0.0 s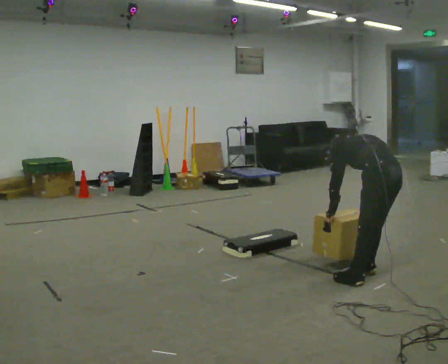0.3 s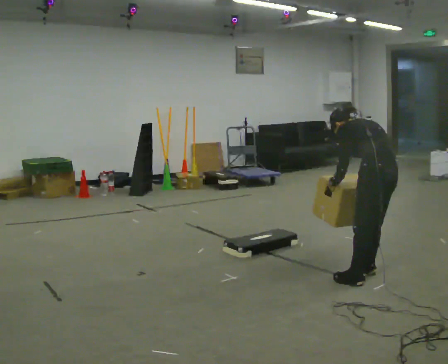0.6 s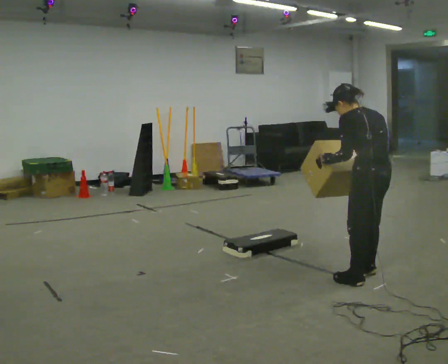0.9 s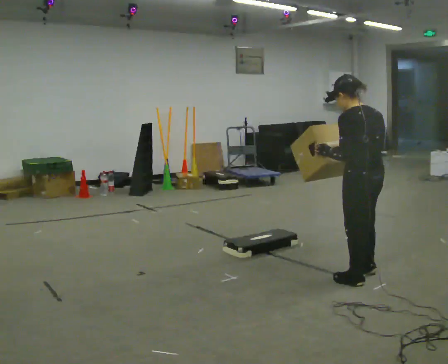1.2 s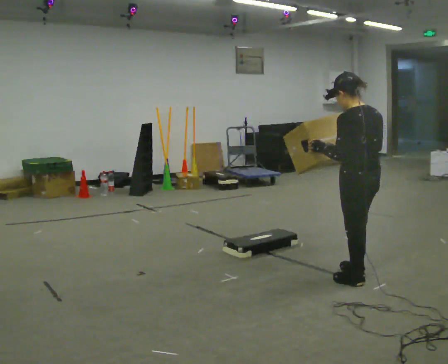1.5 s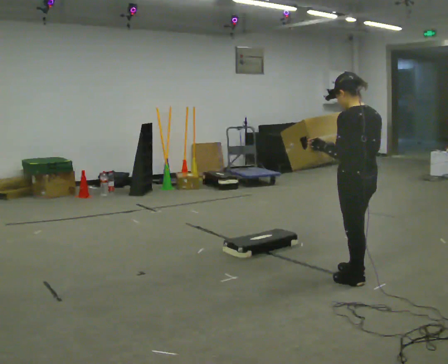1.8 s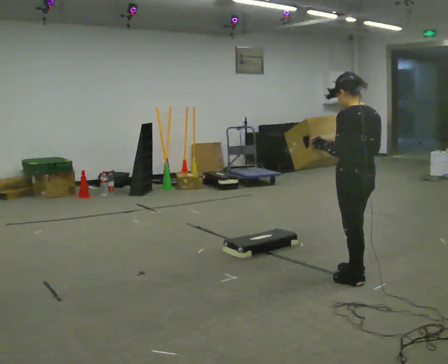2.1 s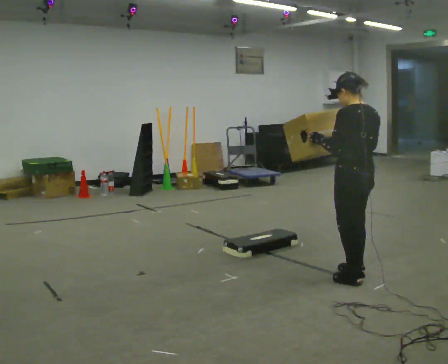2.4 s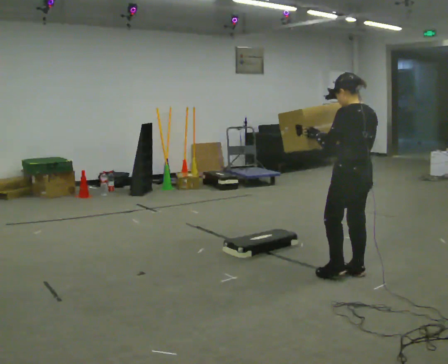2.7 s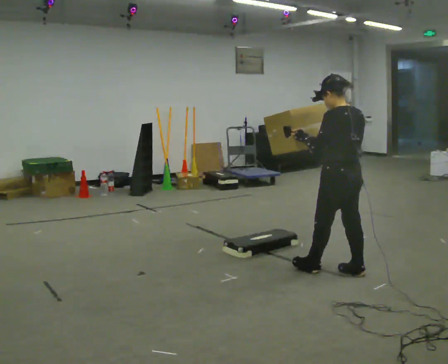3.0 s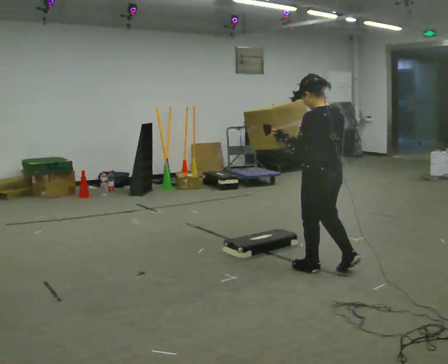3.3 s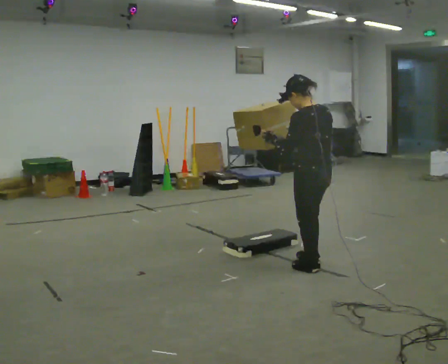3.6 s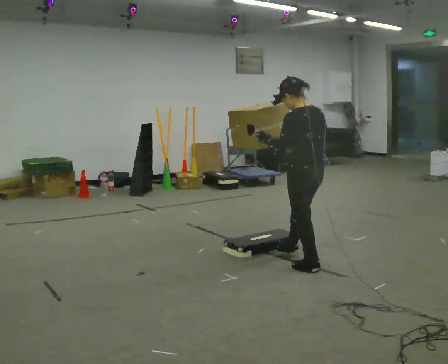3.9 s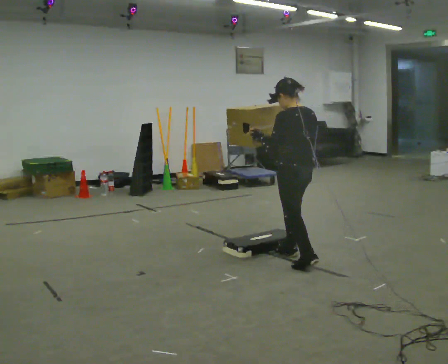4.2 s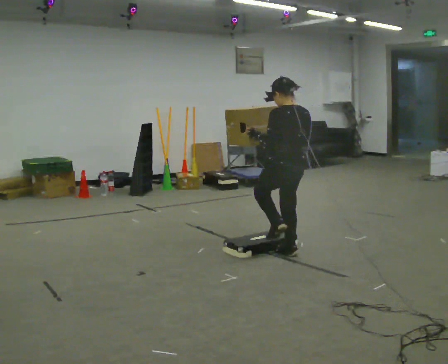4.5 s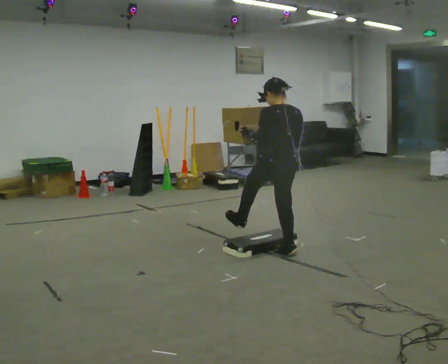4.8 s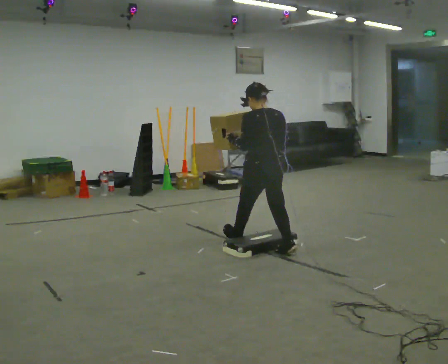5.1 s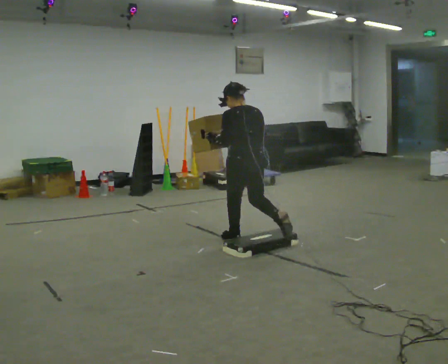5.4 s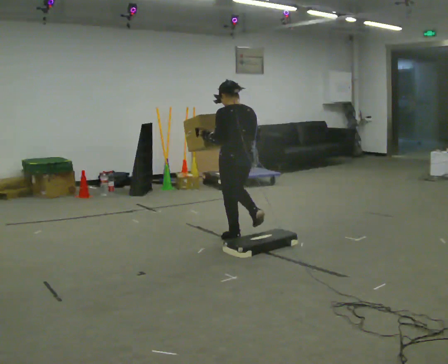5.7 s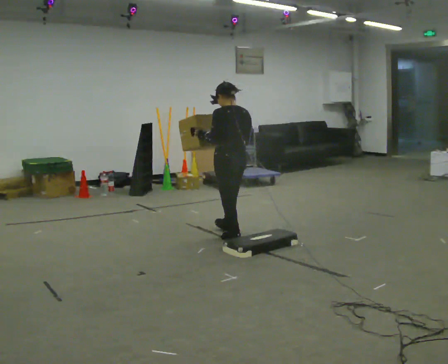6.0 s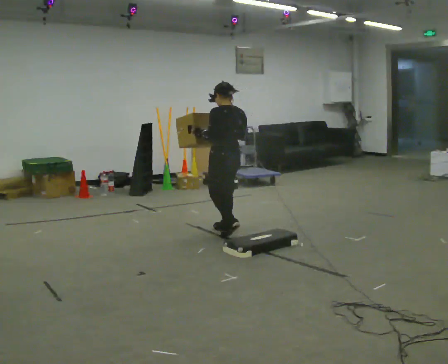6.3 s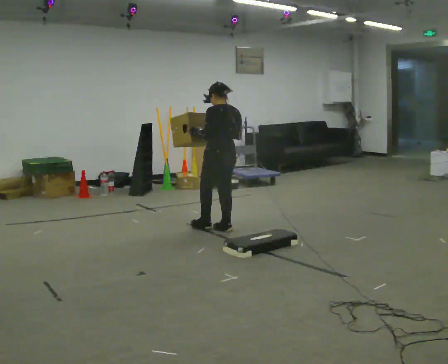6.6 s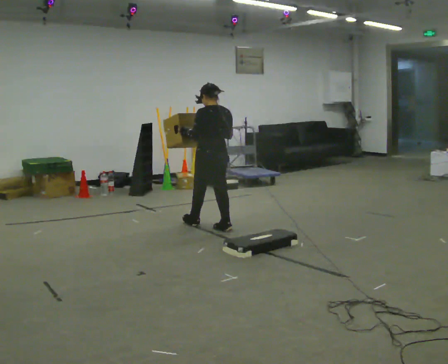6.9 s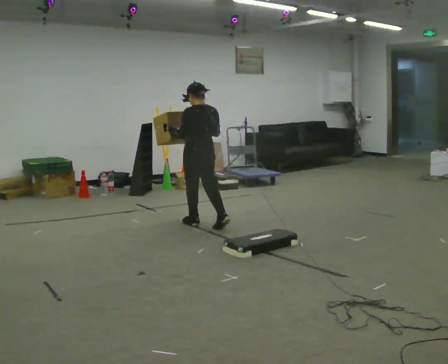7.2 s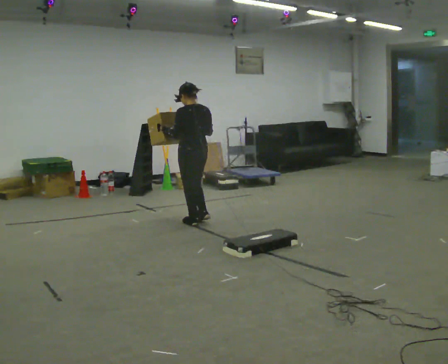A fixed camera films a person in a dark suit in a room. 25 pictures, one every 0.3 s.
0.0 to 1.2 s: In the picture they go to the left, about 0.25 m, which for them is to their left. The upper body goes upward. The upper body tips toward the camera, its near side rolling downward, as they lean back or straighten. In the picture their right hand goes upward.
1.2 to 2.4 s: The person moves a little, or ends about where they began.
2.4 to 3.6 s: In the picture they go to the left and away from the camera, about 0.5 m in 2 steps, which for them is forward.
3.6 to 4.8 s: In the picture they go away from the camera and to the left, about 0.5 m in 1 step, which for them is forward.
4.8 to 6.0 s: In the picture they go away from the camera and to the left, about 0.75 m in 1 step, which for them is forward.
6.0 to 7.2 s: In the picture they go to the left and away from the camera, about 0.5 m in 1 step, which for them is forward.
The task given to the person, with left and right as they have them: Carry the box over the low sill without stopping, then bring it back over. Keep going until the operator says stop; one object at a time, and do not rush between trips.
The film runs forward here.
